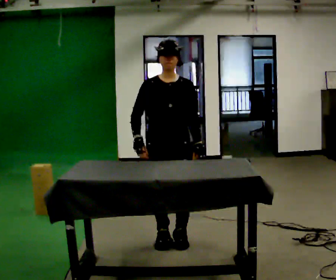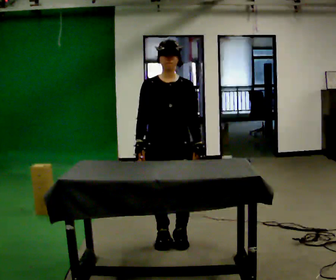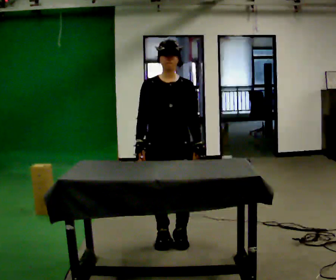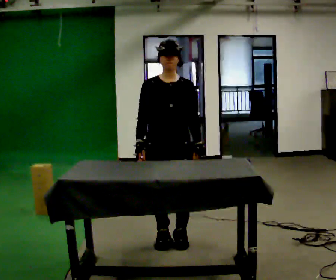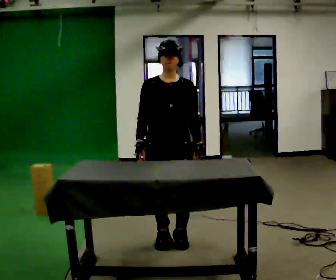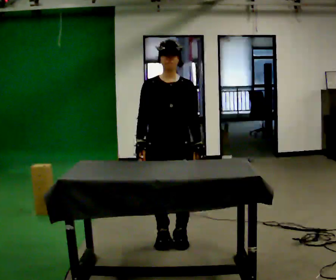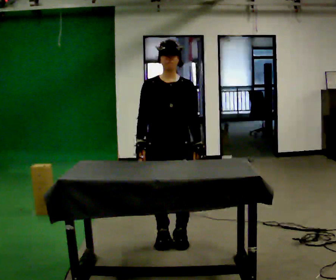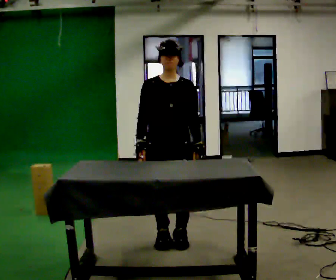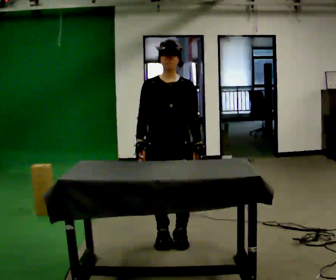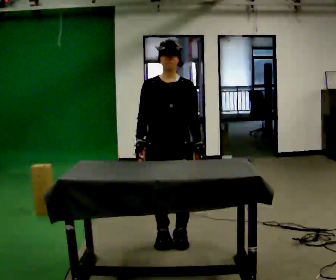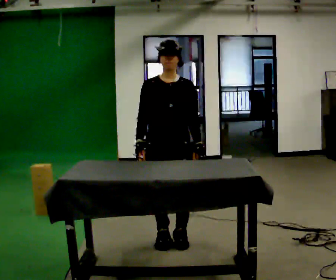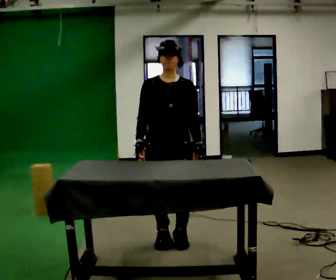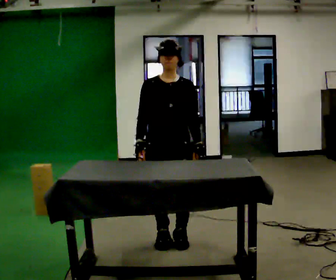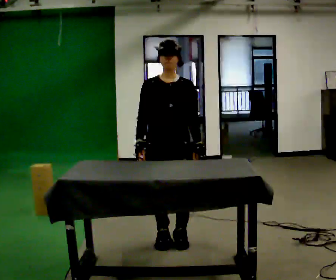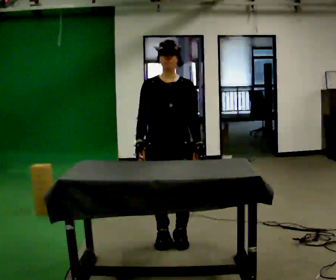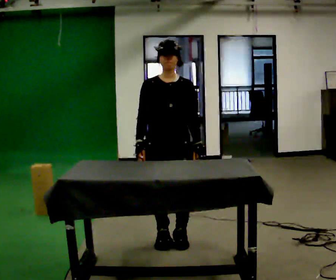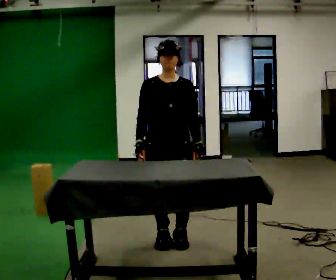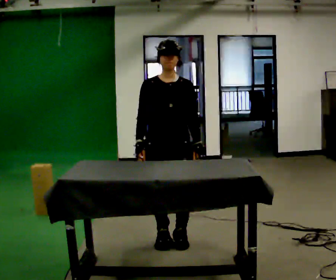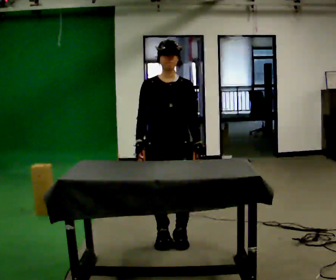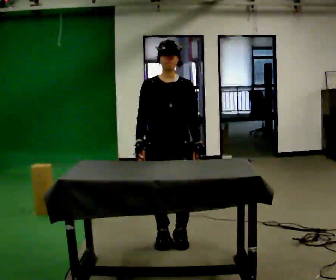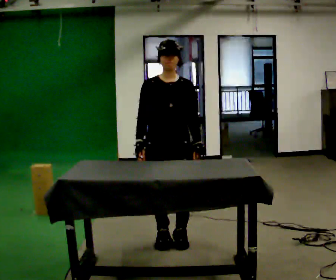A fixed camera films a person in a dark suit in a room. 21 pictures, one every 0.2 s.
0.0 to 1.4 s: The person moves a little, or ends about where they began.
1.4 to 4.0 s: The person keeps their place and pose.
The film runs backward here.
